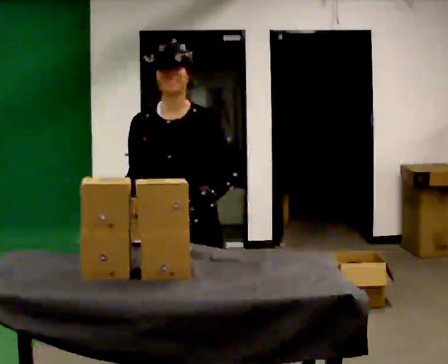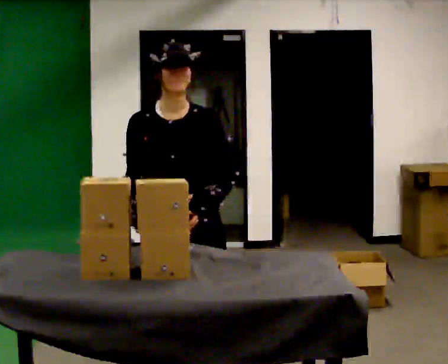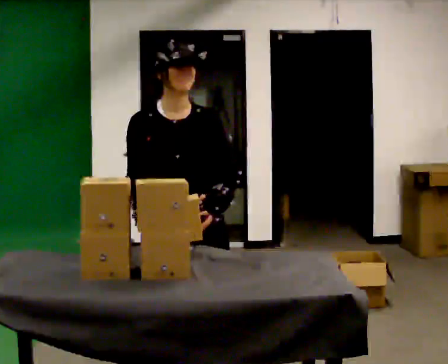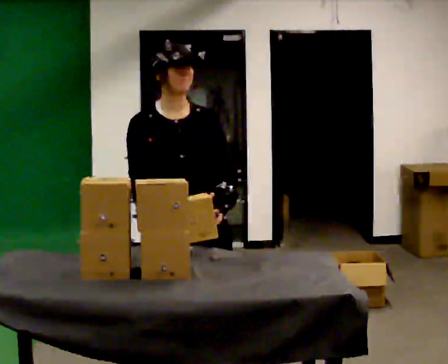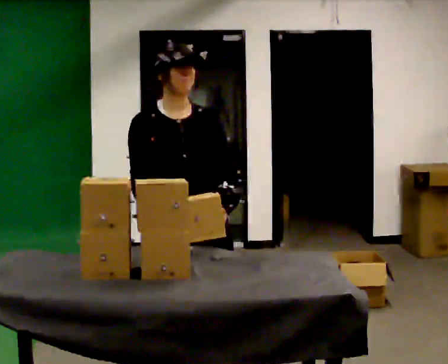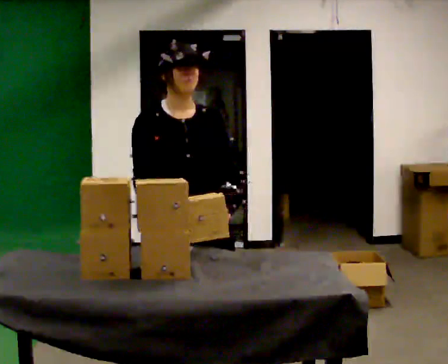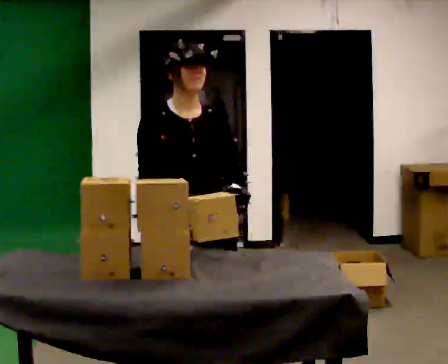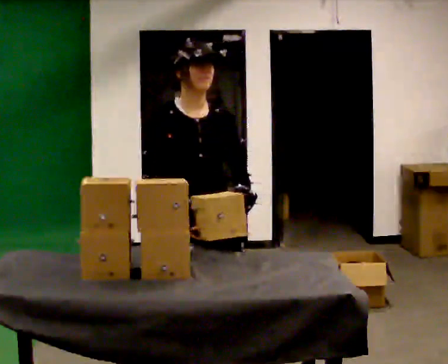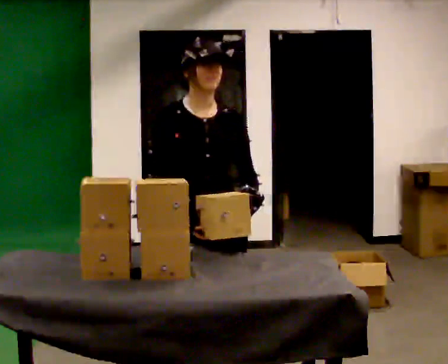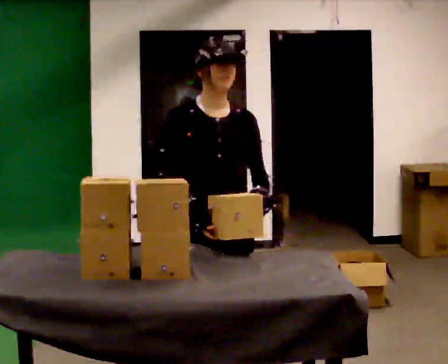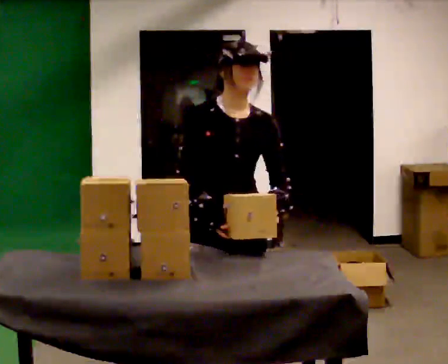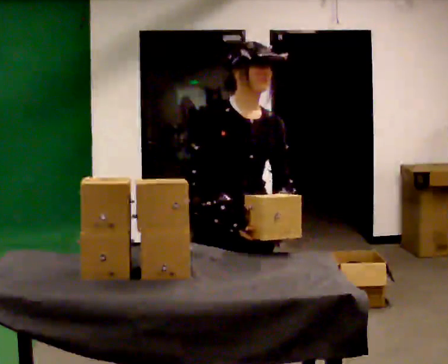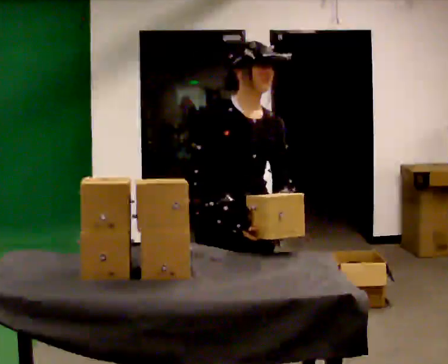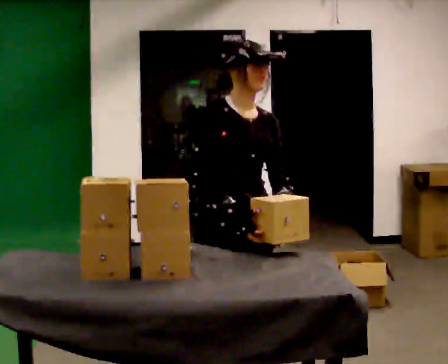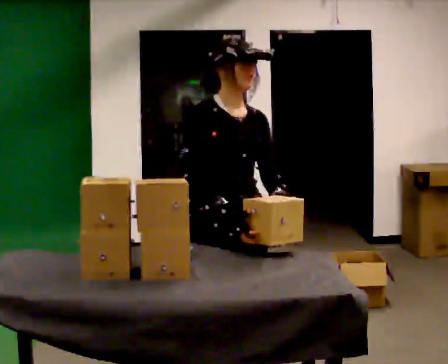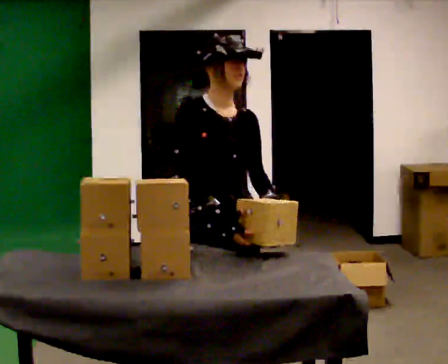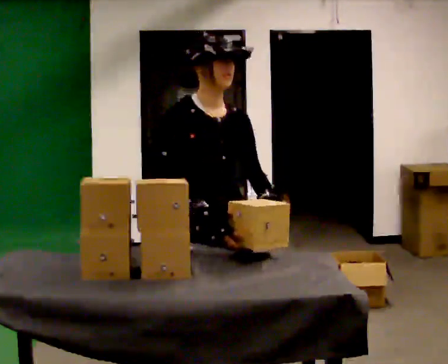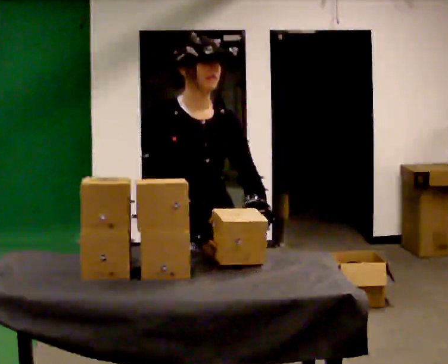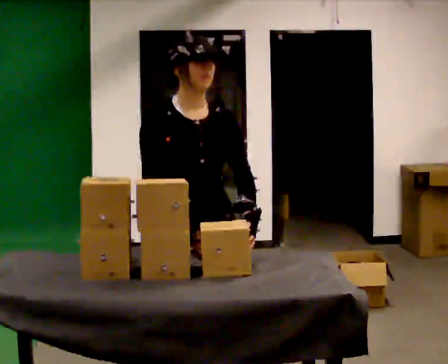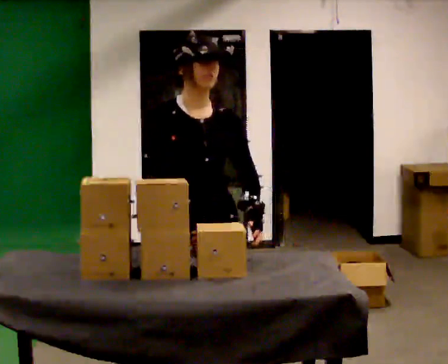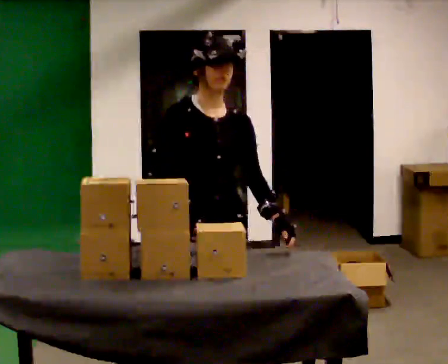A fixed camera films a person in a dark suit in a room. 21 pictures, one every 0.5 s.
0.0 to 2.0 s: Seen from above the body turns counterclockwise, about 30 degrees: to their left, with its near side sliding to the right.
2.0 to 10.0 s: The person moves a little, or ends about where they began.
The film runs backward here.
